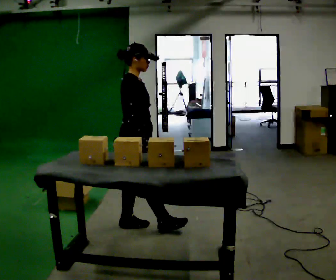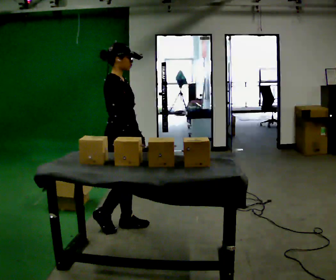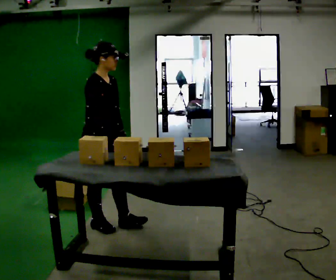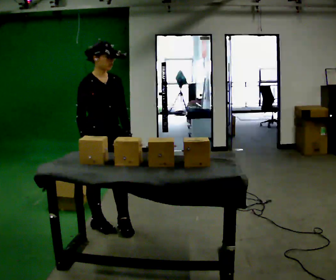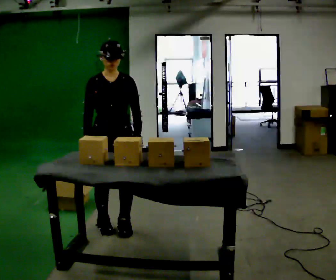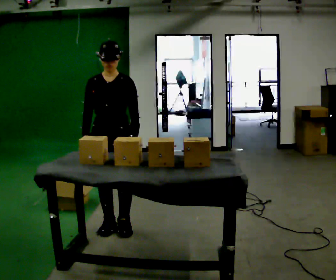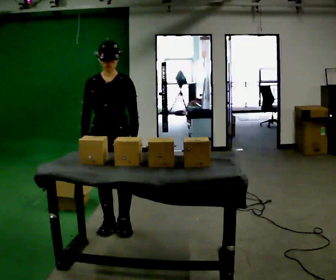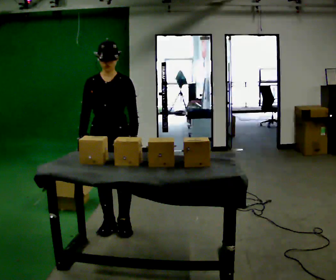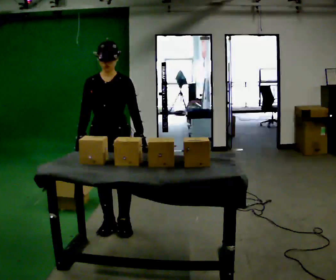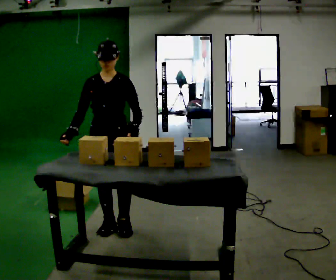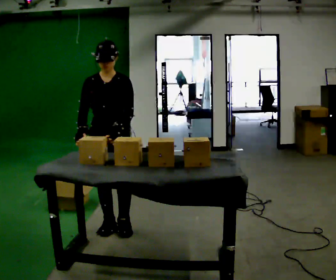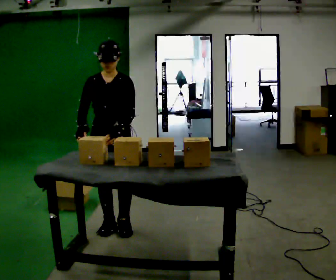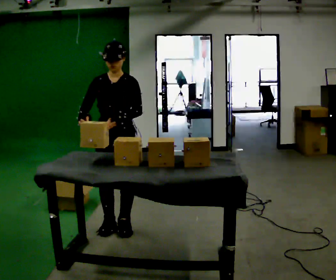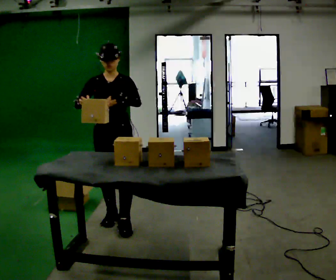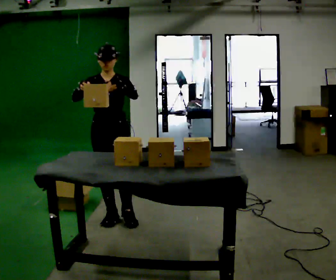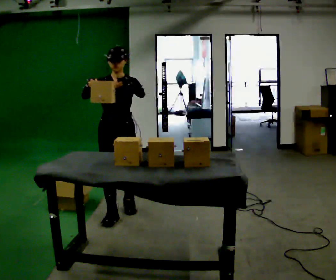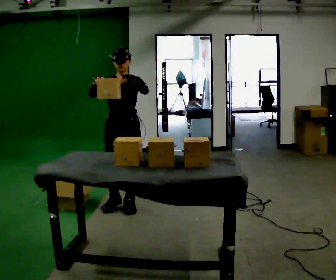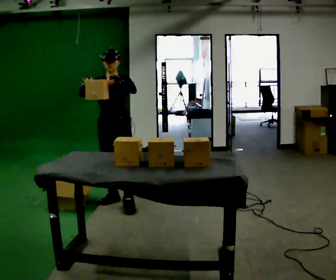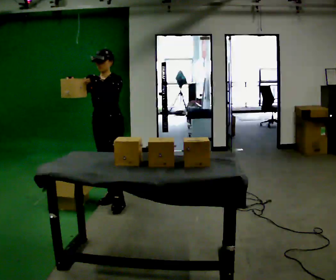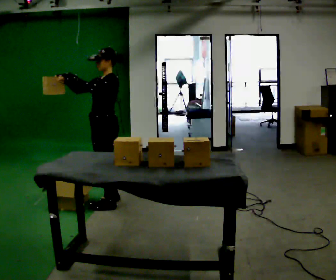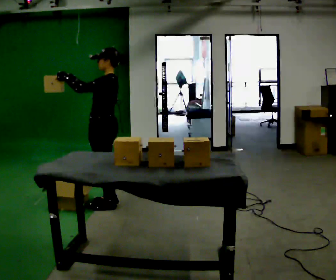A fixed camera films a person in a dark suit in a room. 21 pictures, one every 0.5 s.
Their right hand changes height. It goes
upward.
The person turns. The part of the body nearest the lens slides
to the left.
0.0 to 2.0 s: Seen from above the body turns clockwise, about 75 degrees: to their right, with its near side sliding to the left. In the picture they go to the left, about 0.25 m.
2.0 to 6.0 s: The person moves a little, or ends about where they began.
6.0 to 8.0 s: In the picture they go away from the camera, about 0.5 m in 3 steps, which for them is backward.
8.0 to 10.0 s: The person turns about 90 degrees to their right, clockwise seen from above, so the part of the body nearest the lens slides to the left. In the picture they go to the left, about 0.25 m.
The film runs backward here.
